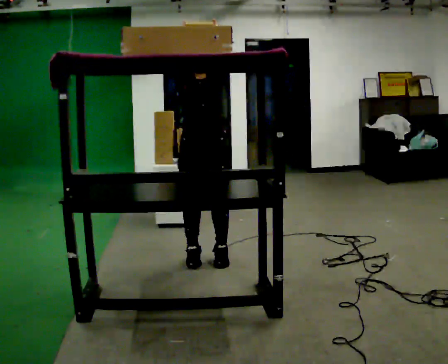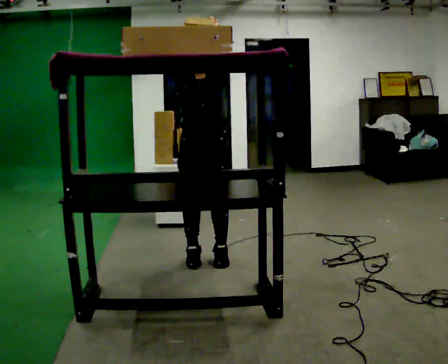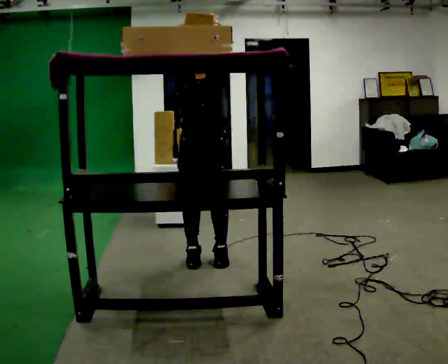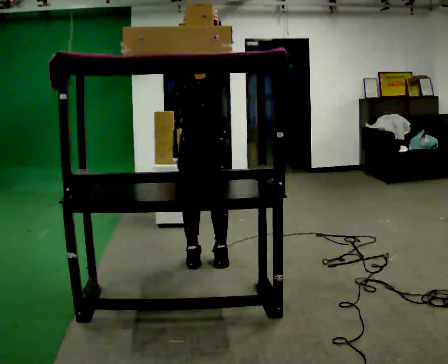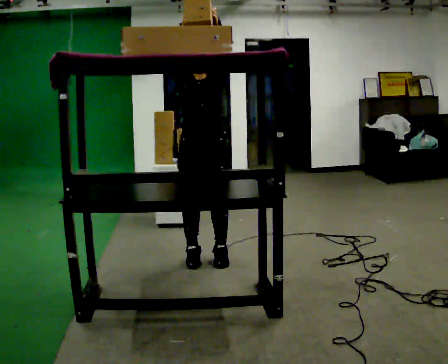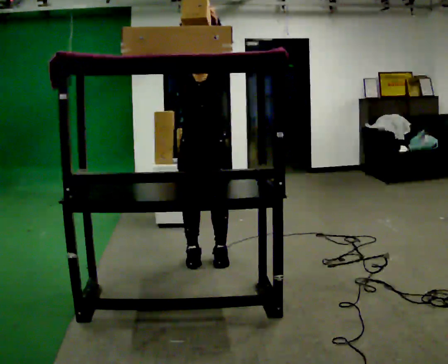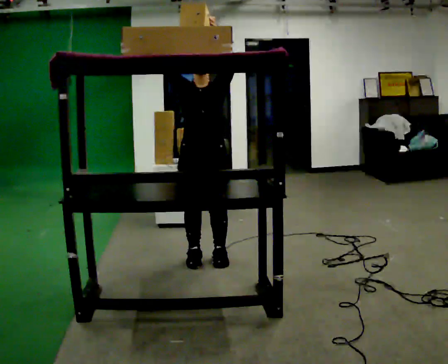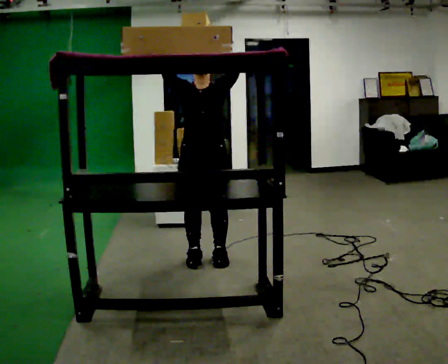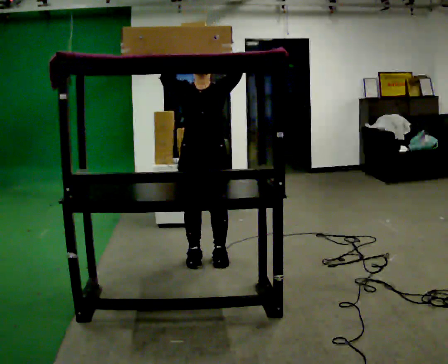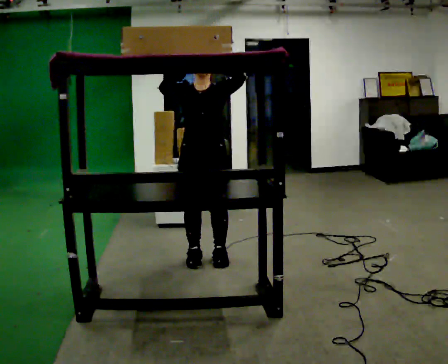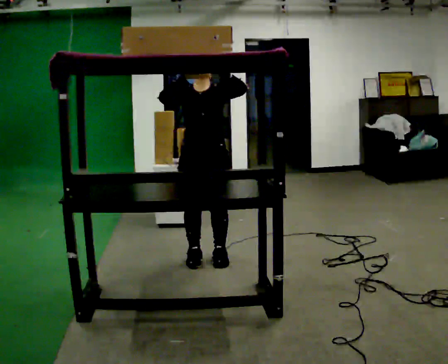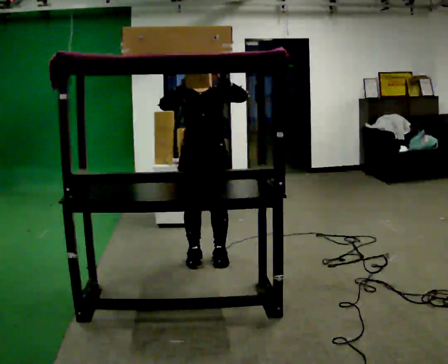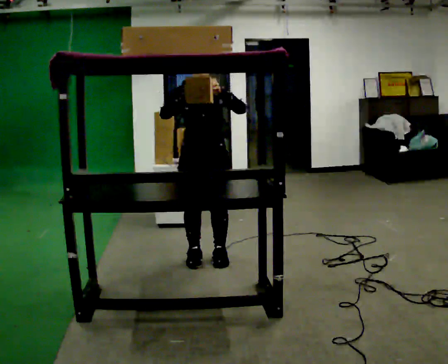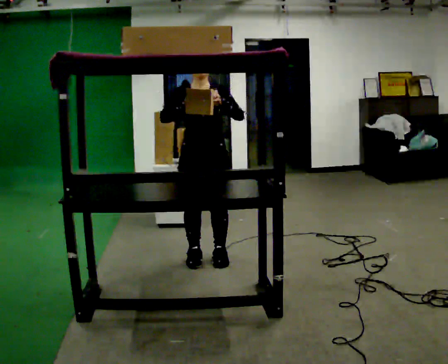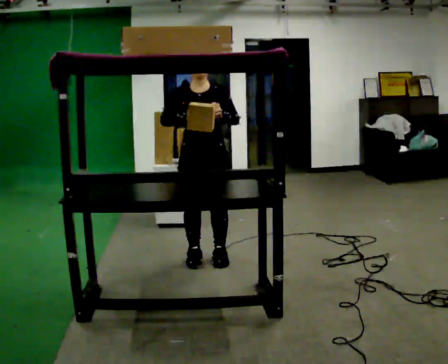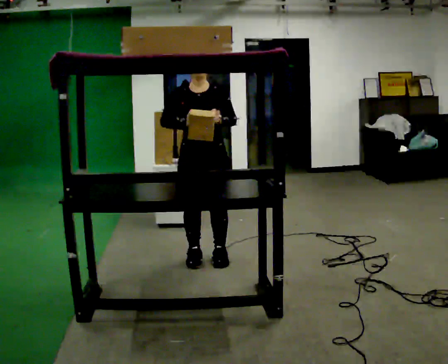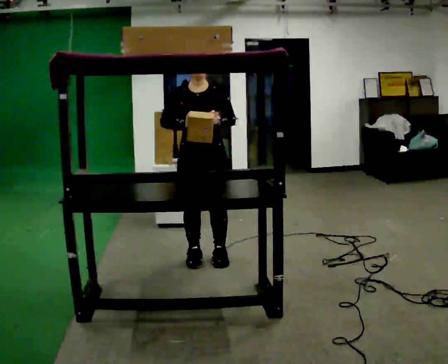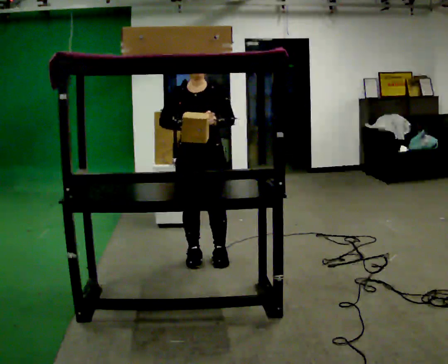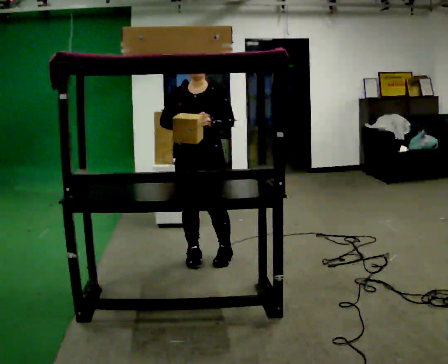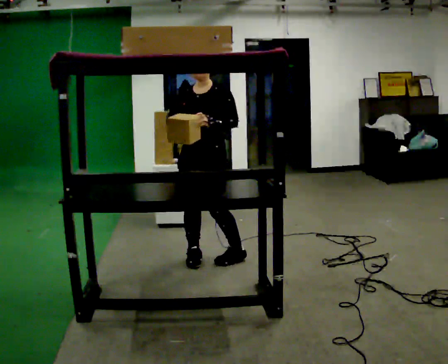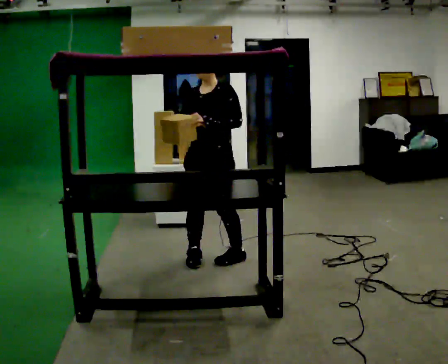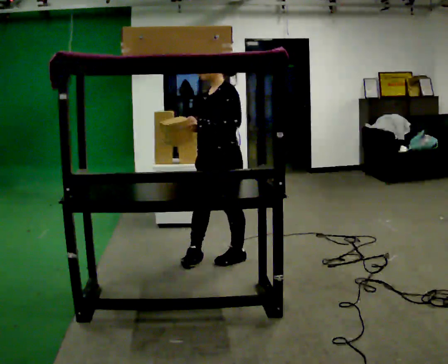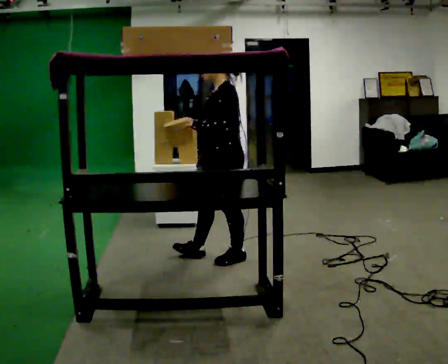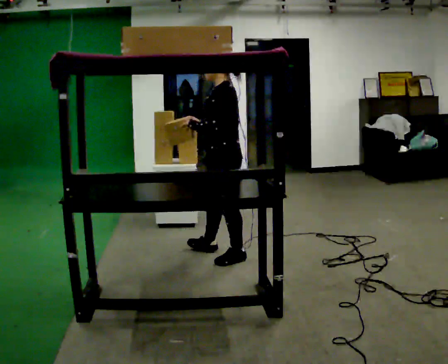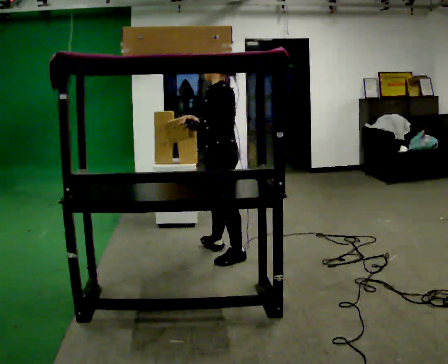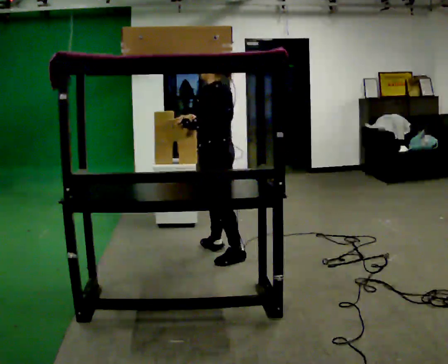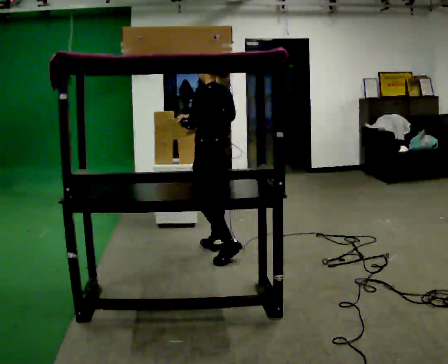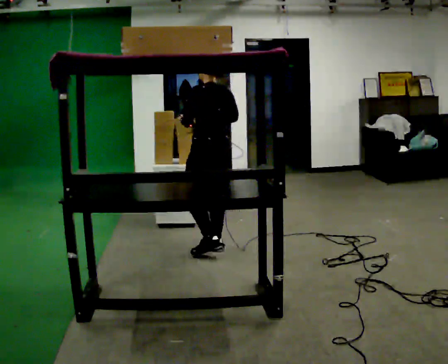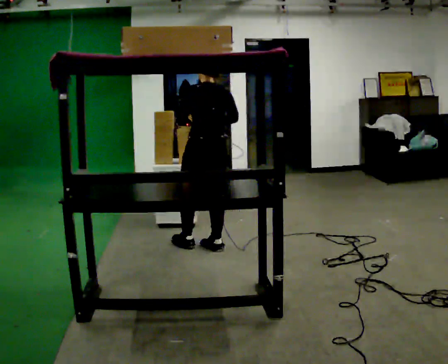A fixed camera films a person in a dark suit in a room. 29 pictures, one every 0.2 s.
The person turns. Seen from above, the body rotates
clockwise.
Their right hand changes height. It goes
downward.
0.0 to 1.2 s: The person moves a little, or ends about where they began.
1.2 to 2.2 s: In the picture their right hand goes downward.
2.2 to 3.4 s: The person moves a little, or ends about where they began.
3.4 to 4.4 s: The person turns about 75 degrees to their right, clockwise seen from above, so the part of the body nearest the lens slides to the left. In the picture they go to the right, about 0.25 m in 1 step.
4.4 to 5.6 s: Seen from above the body turns clockwise, about 75 degrees: to their right, with its near side sliding to the left. In the picture they go away from the camera and to the left, about 0.5 m in 1 step.
The film runs forward here.
